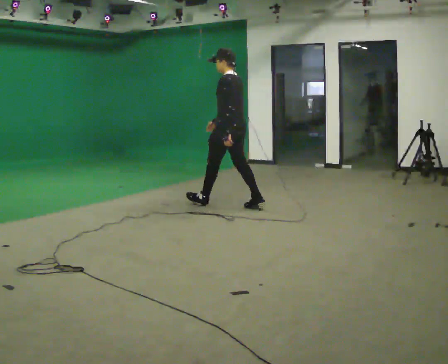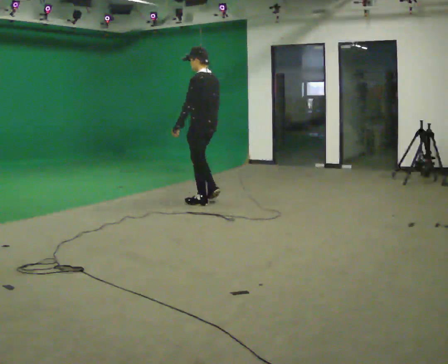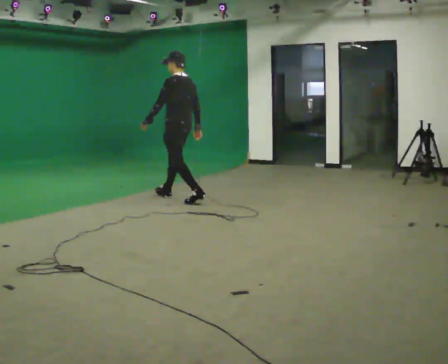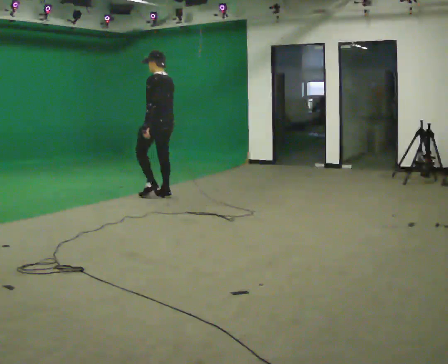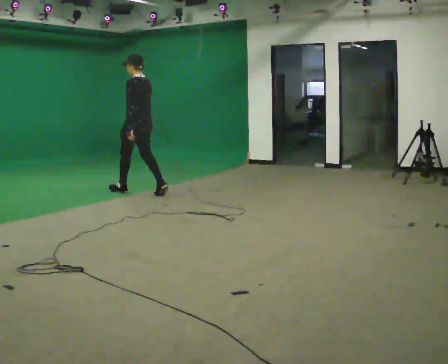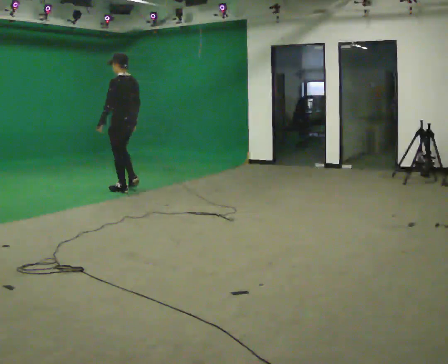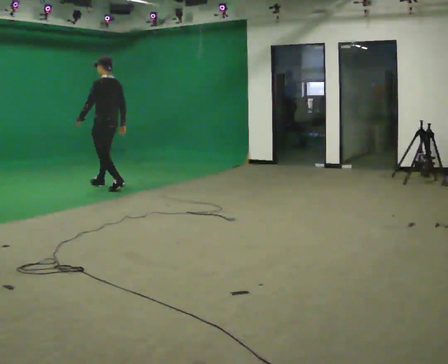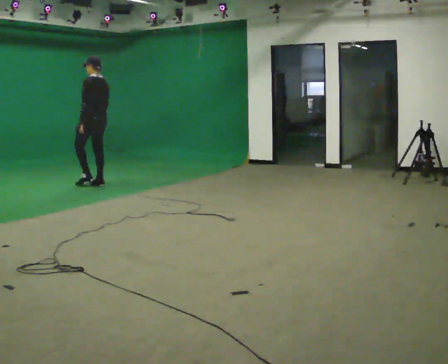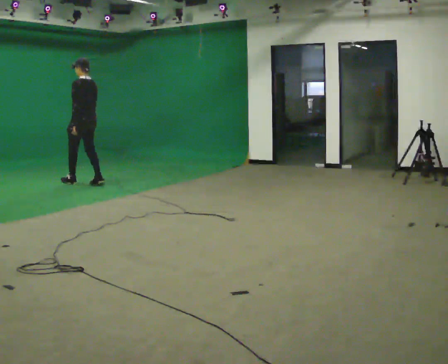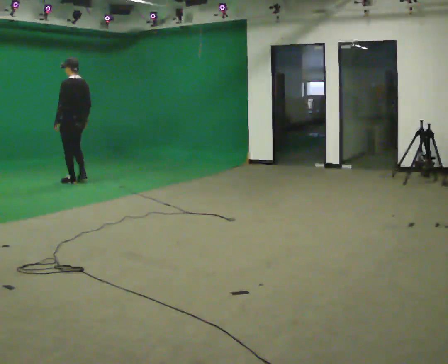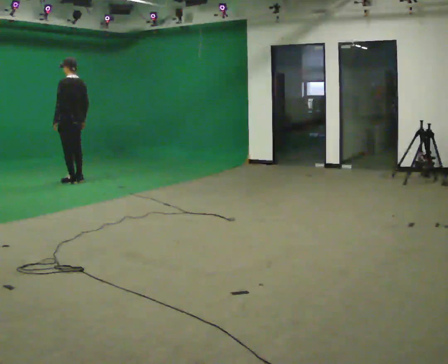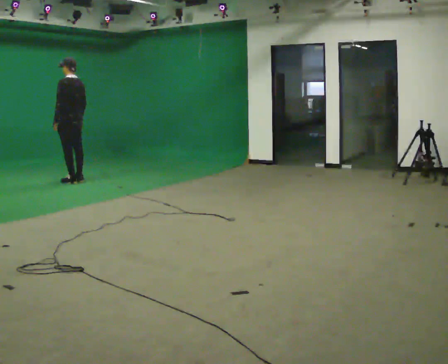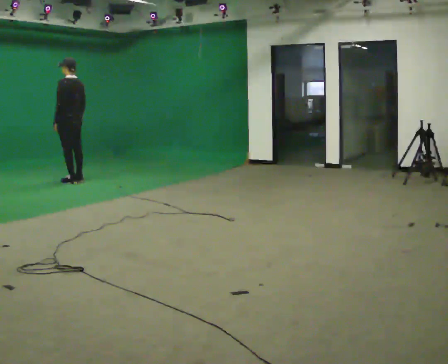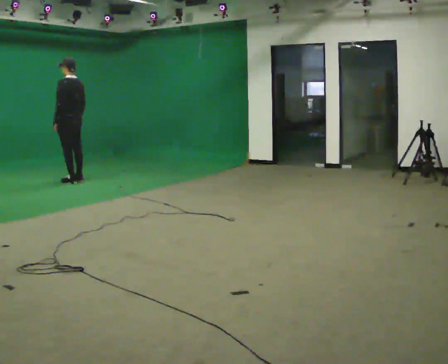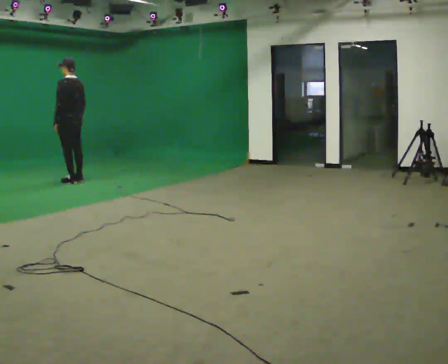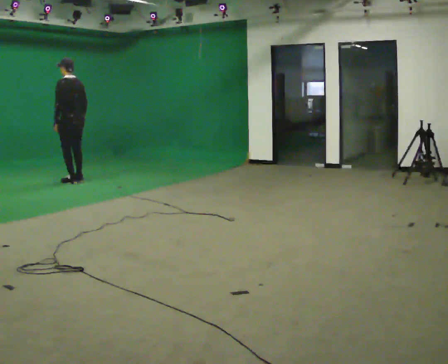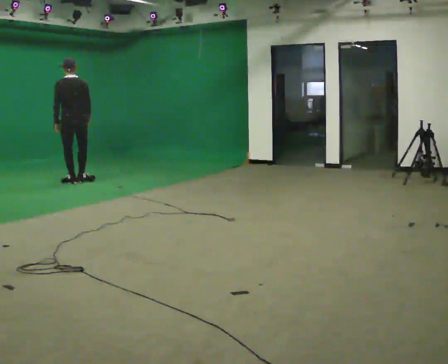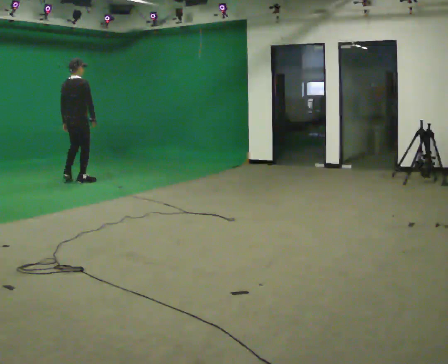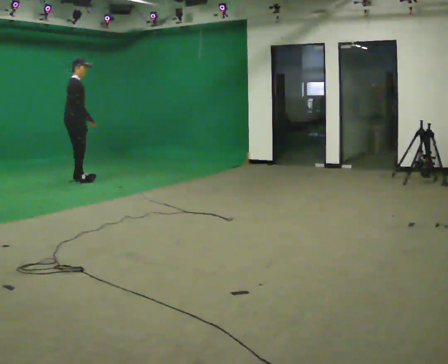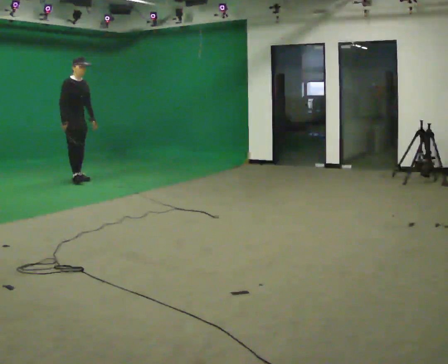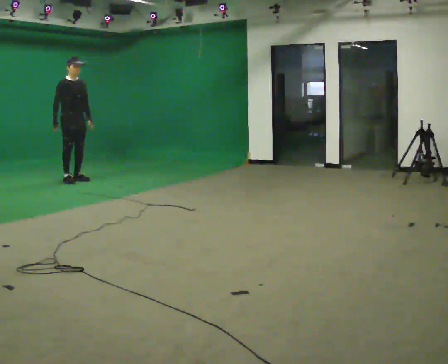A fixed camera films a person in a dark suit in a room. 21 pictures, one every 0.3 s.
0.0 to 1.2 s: In the picture they go away from the camera and to the left, about 1.5 m in 2 steps, which for them is forward.
1.2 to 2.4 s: In the picture they go away from the camera and to the left, about 1 m in 2 steps, which for them is forward.
2.4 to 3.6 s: In the picture they go away from the camera and to the left, about 0.25 m in 1 step, which for them is forward.
3.6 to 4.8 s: Seen from above the body turns clockwise, about 45 degrees: to their right, with its near side sliding to the left.
4.8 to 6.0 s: Seen from above the body turns clockwise, about 135 degrees: to their right, with its near side sliding to the left. In the picture their left hand goes to the right, the arm swinging counterclockwise.
The film runs forward here.
